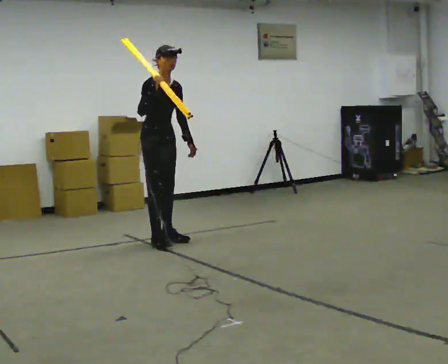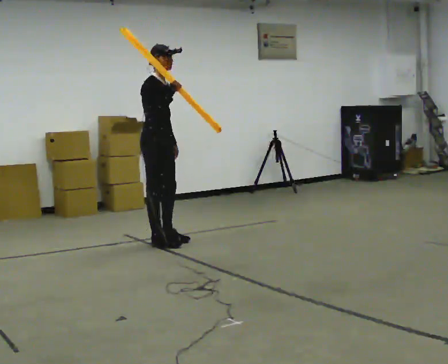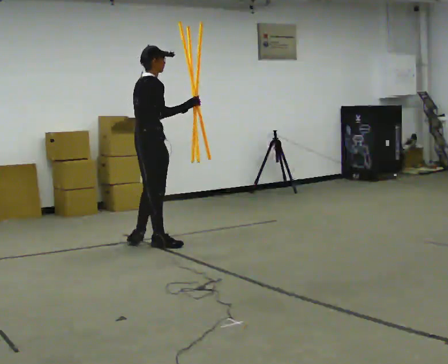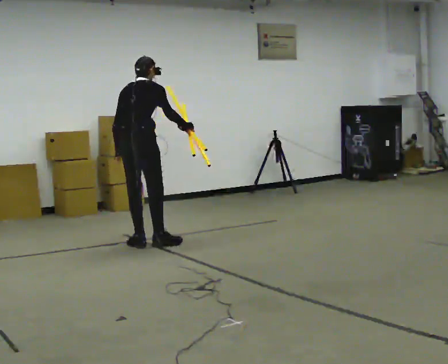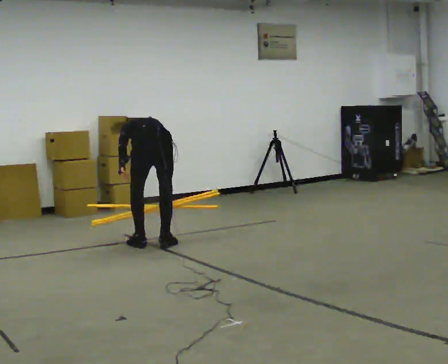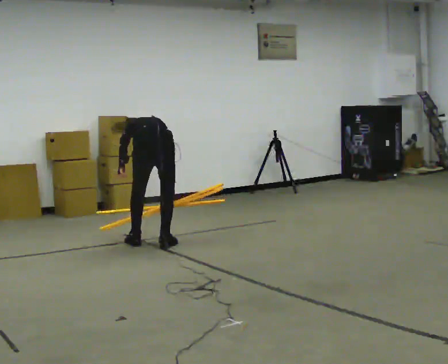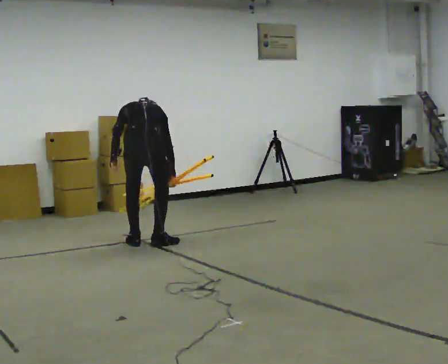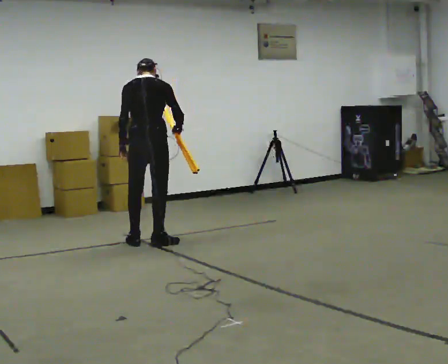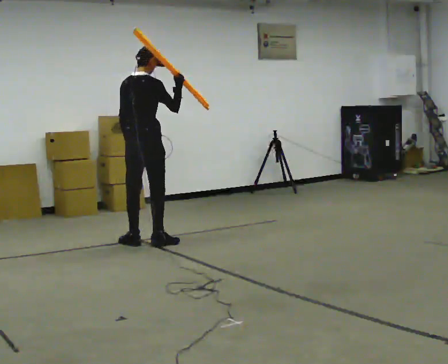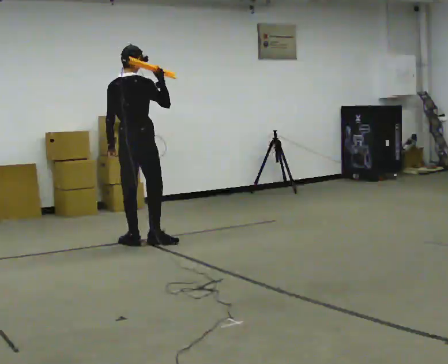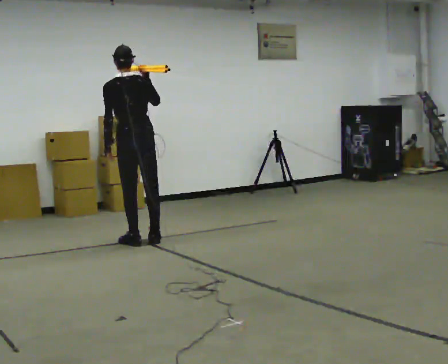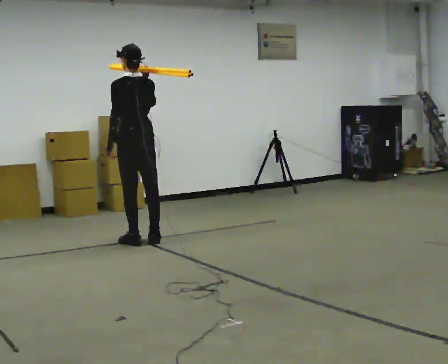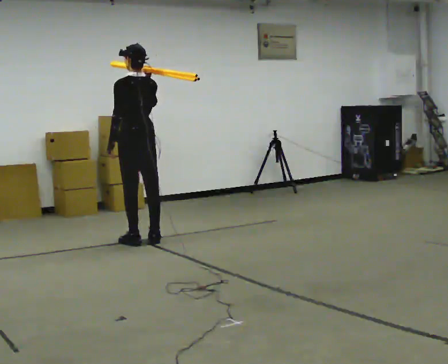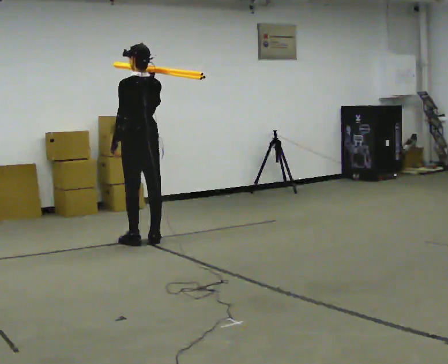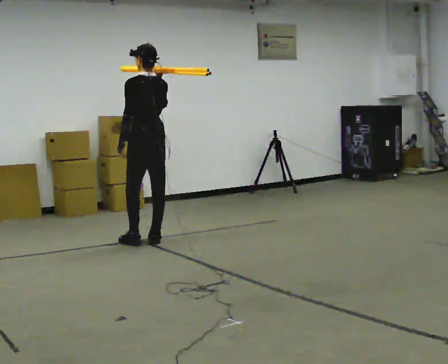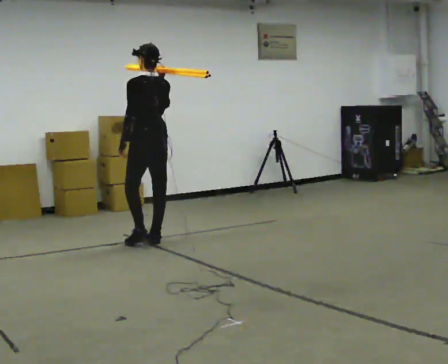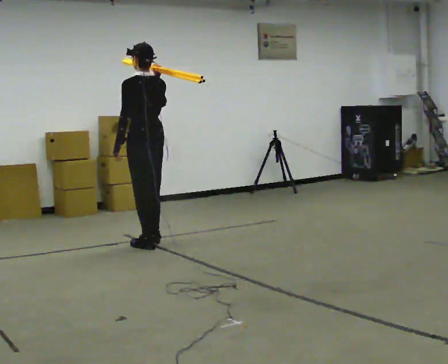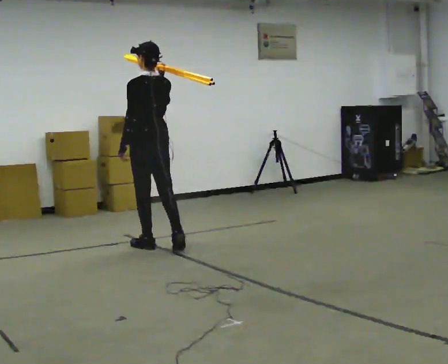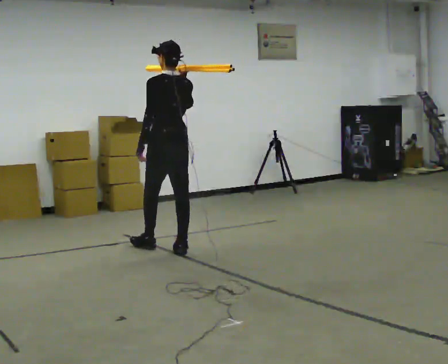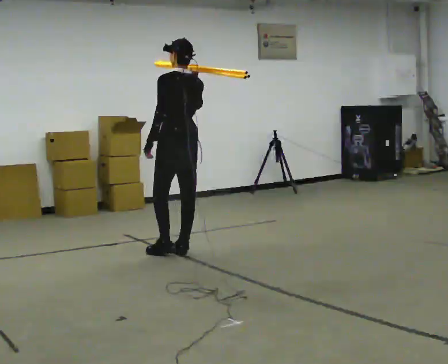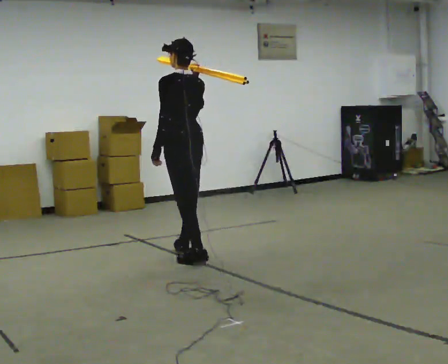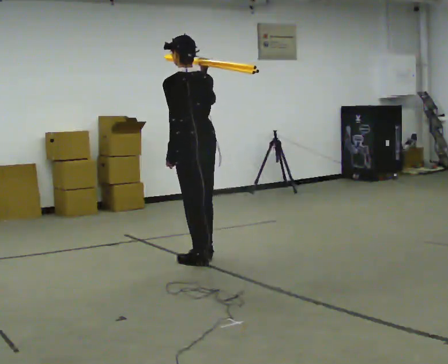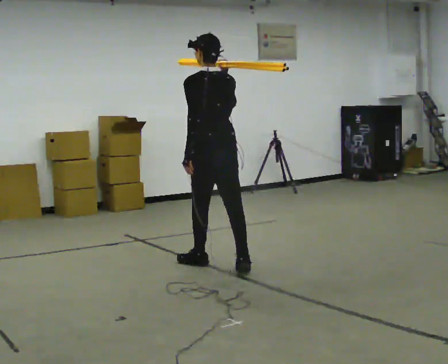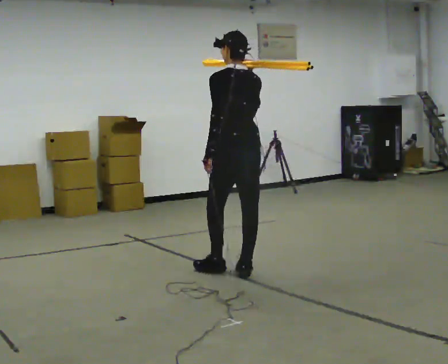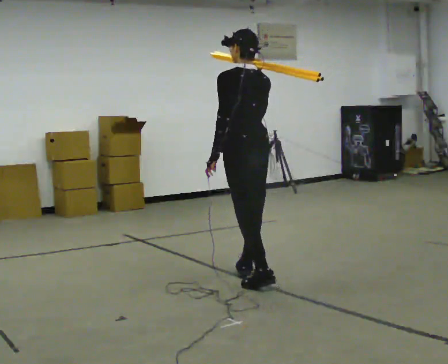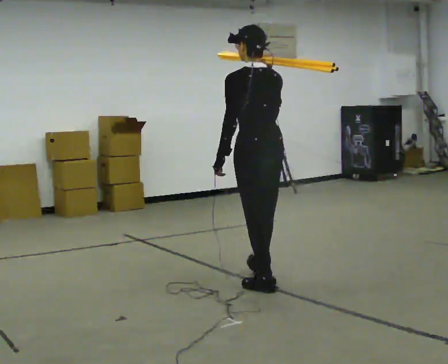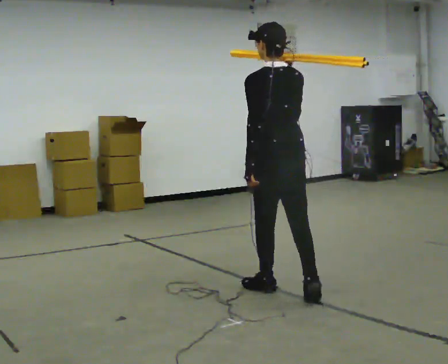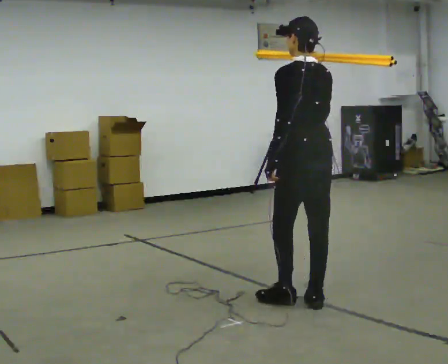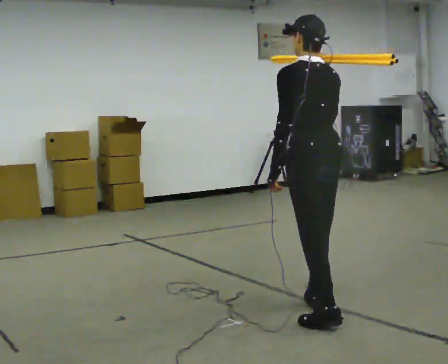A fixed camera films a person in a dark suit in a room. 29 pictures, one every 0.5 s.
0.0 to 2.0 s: The person turns about 150 degrees to their left, counterclockwise seen from above, so the part of the body nearest the lens slides to the right. In the picture they go toward the camera, about 0.25 m in 1 step. The upper body goes downward. The upper body tips away from the camera, its near side rolling upward, as they bend forward.
2.0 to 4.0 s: The person turns about 45 degrees to their right, clockwise seen from above, so the part of the body nearest the lens slides to the left. In the picture they go away from the camera, about 0.25 m, which for them is forward. The shoulders move upward. The upper body tips toward the camera, its near side rolling downward, as they lean back or straighten.
4.0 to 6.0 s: The part of the body nearest the lens slides to the right as the person turns to their left by about 60 degrees.
6.0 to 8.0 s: In the picture they go toward the camera, about 0.25 m in 1 step, which for them is backward.
8.0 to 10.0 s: In the picture they go toward the camera and to the right, about 0.5 m in 2 steps, which for them is backward.
10.0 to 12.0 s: In the picture they go toward the camera and to the right, about 1 m in 2 steps, which for them is backward.
12.0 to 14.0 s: In the picture they go toward the camera, about 1 m in 2 steps, which for them is backward.
The film runs backward here.
